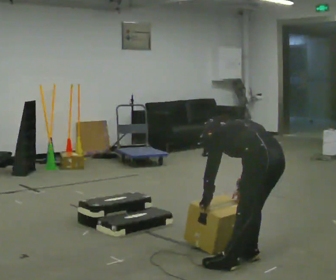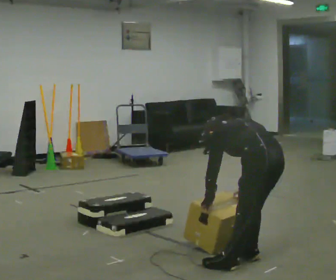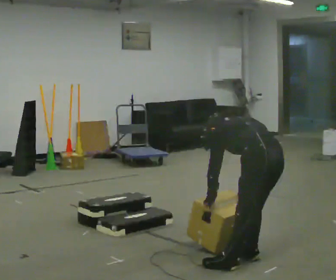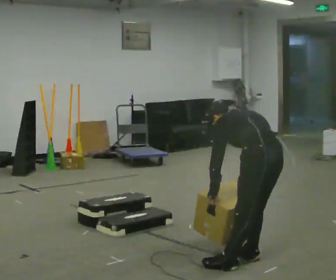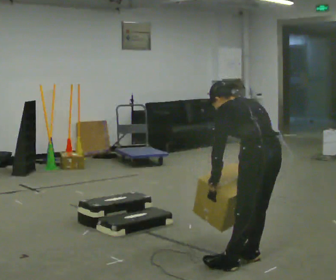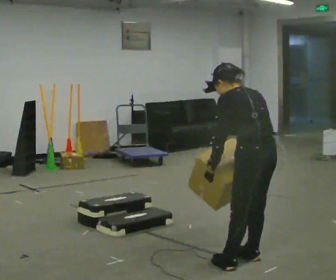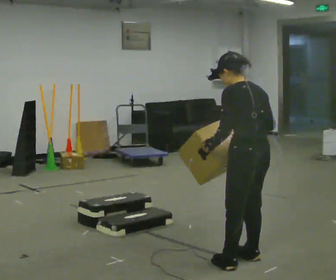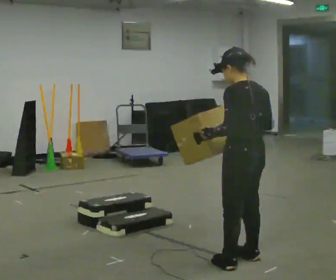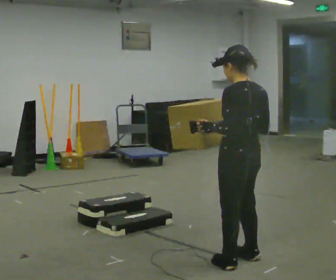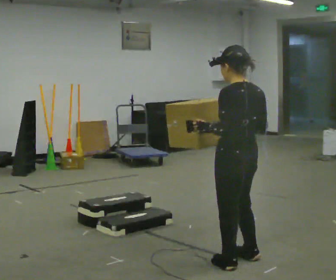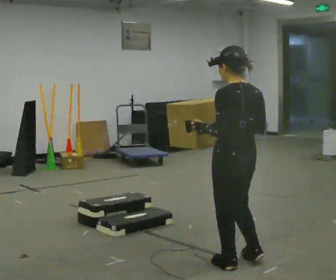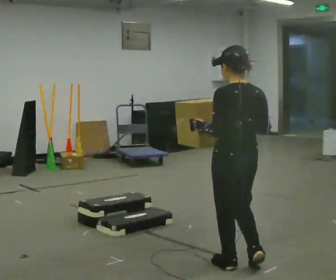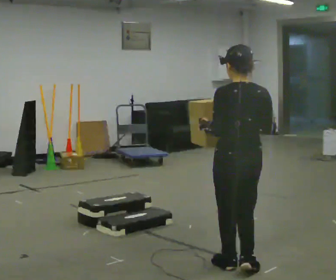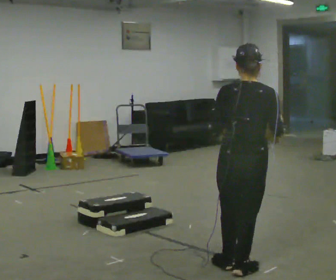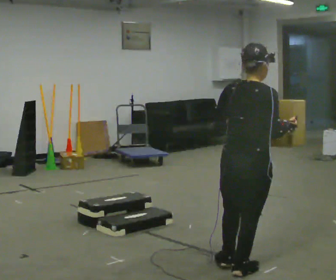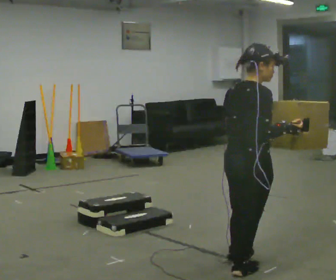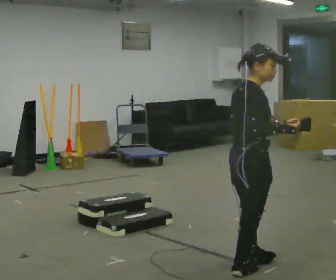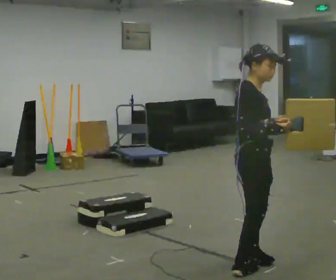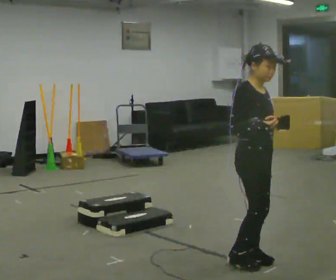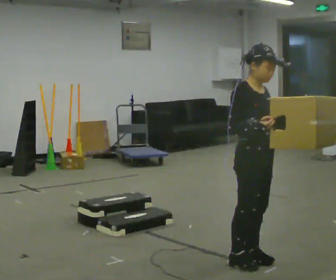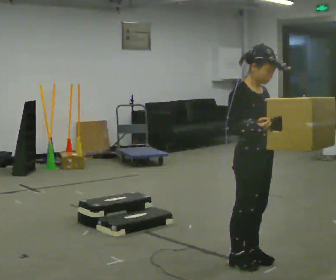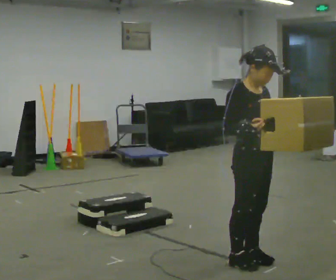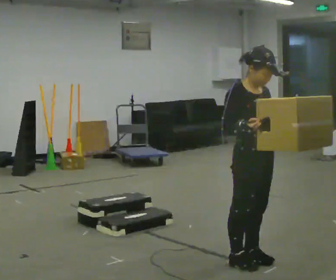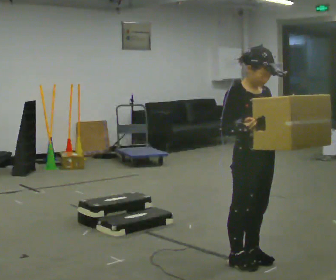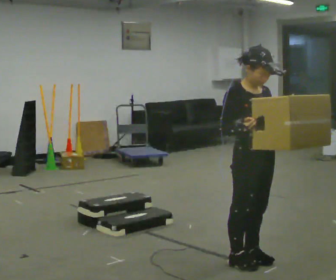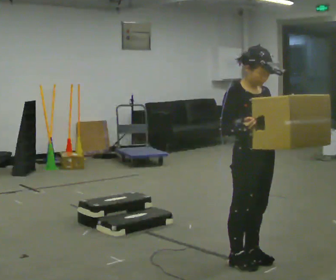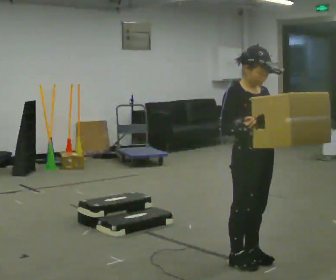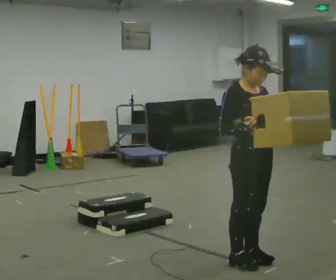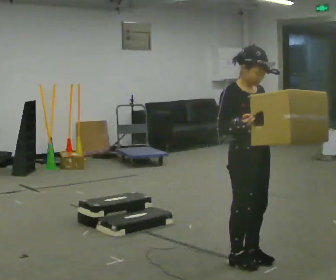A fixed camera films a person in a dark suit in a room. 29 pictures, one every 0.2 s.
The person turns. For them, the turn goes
to their right.
The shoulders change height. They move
upward.
0.0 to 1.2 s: The shoulders move upward. The upper body tips toward the camera, its near side rolling downward, as they lean back or straighten. In the picture their right hand goes upward.
1.2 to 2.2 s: The person moves a little, or ends about where they began.
2.2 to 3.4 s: Seen from above the body turns clockwise, about 120 degrees: to their right, with its near side sliding to the left.
3.4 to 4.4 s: Seen from above the body turns clockwise, about 45 degrees: to their right, with its near side sliding to the left.
4.4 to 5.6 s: The person moves a little, or ends about where they began.
The film runs backward here.
